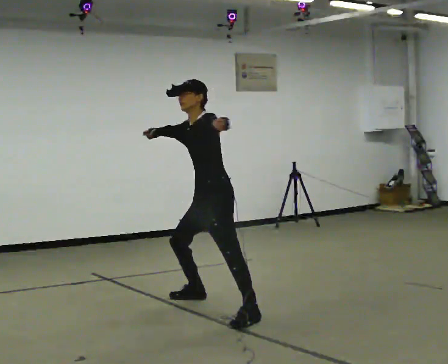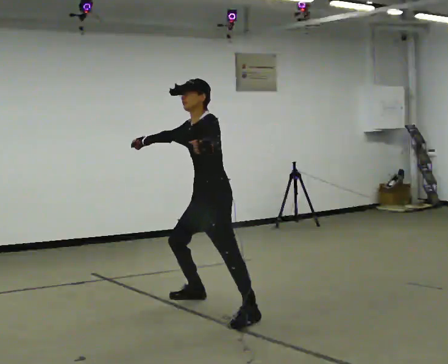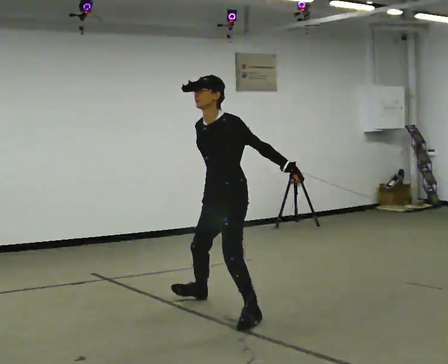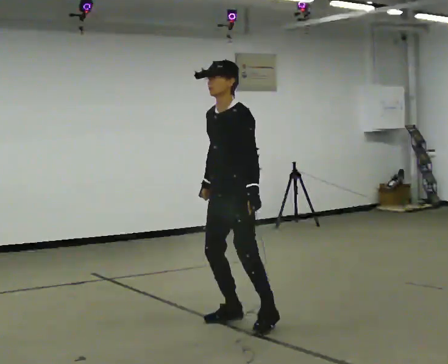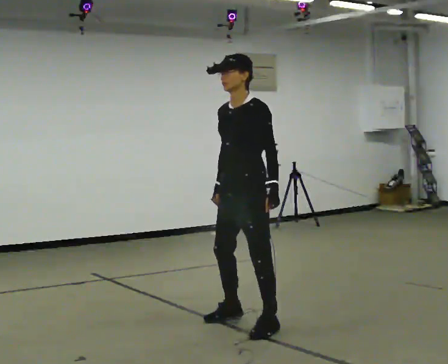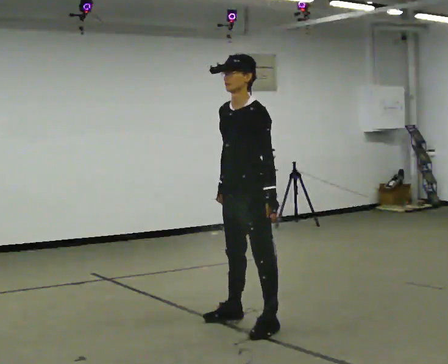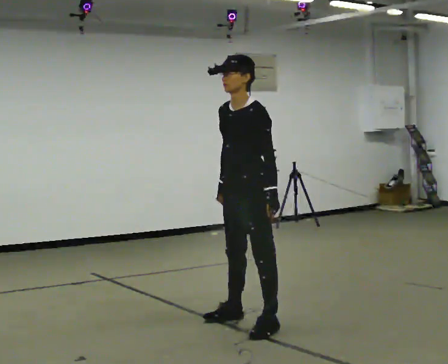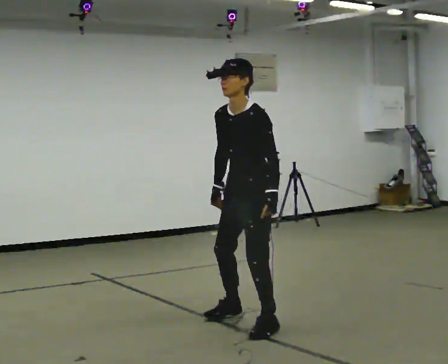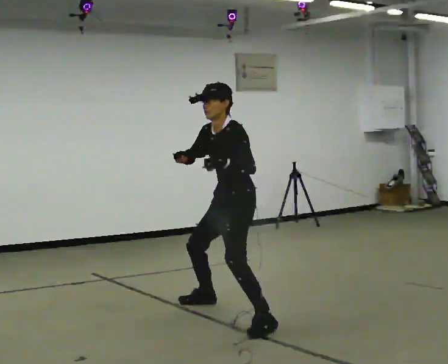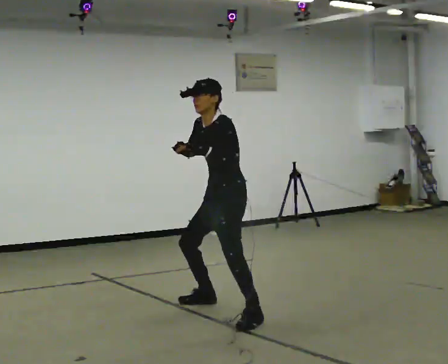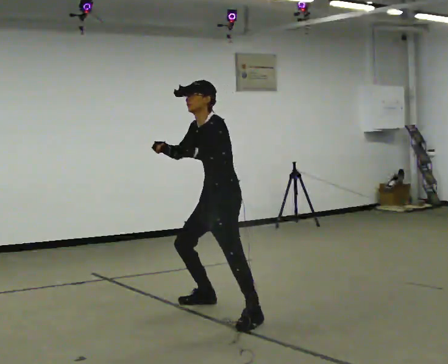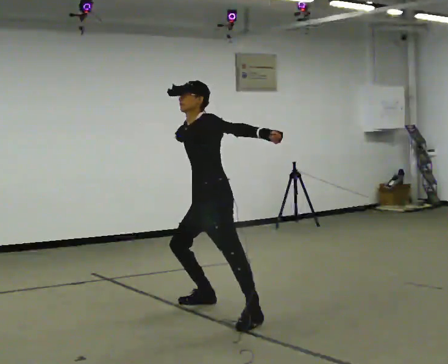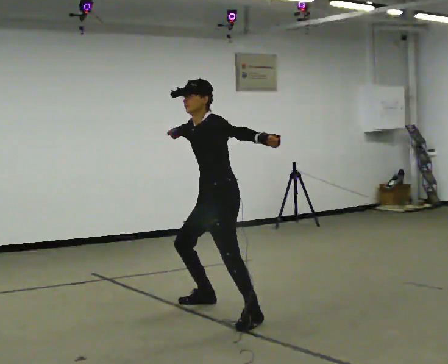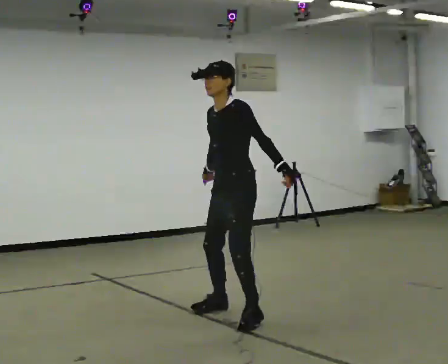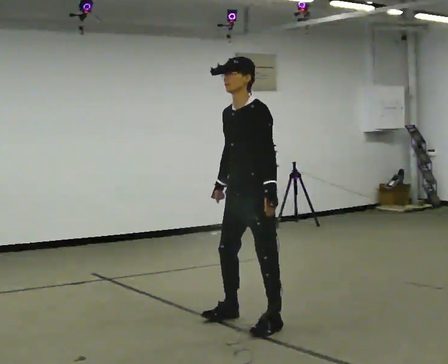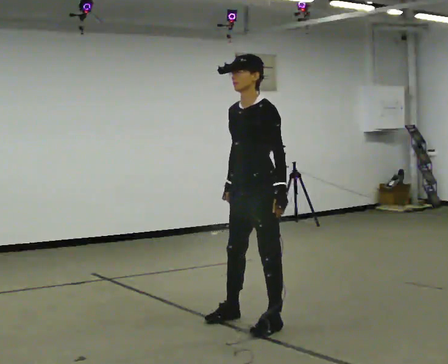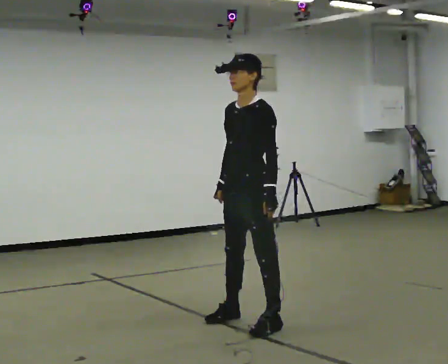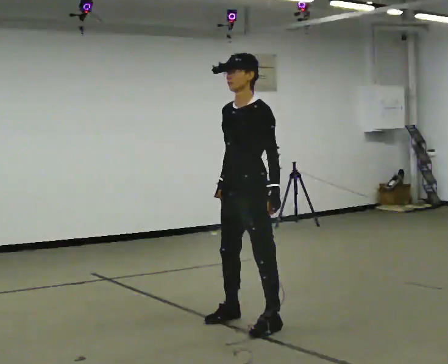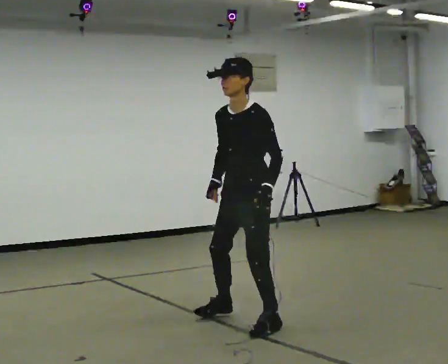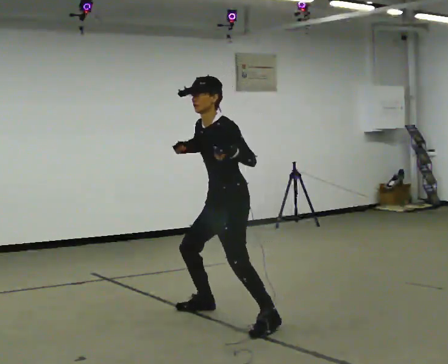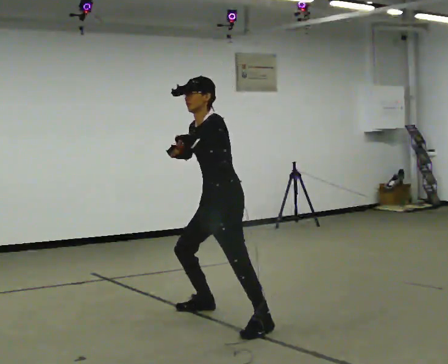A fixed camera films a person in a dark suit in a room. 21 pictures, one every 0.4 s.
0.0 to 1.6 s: In the picture they go toward the camera, about 0.5 m in 2 steps, which for them is to their left and forward. In the picture their left hand goes downward.
1.6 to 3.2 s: In the picture they go away from the camera, about 0.25 m in 1 step, which for them is to their right and backward.
3.2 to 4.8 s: The person moves a little, or ends about where they began.
4.8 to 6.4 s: In the picture they go toward the camera and to the right, about 0.5 m in 2 steps, which for them is to their left. In the picture their right hand goes downward.
6.4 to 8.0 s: In the picture they go away from the camera and to the left, about 0.25 m in 1 step, which for them is to their right. In the picture the upper body tilts counterclockwise, shoulders to the left.
The film runs forward here.
